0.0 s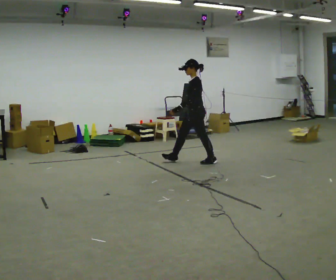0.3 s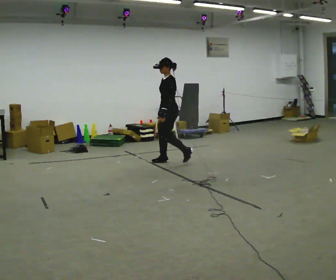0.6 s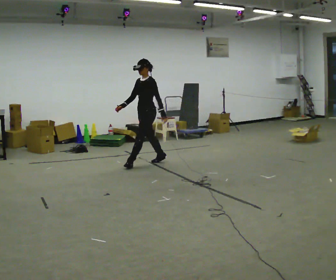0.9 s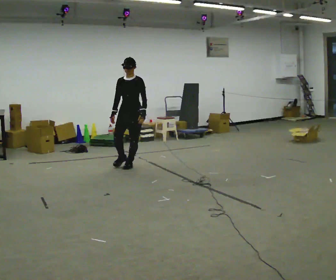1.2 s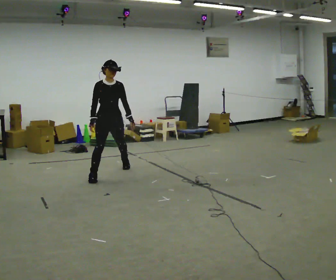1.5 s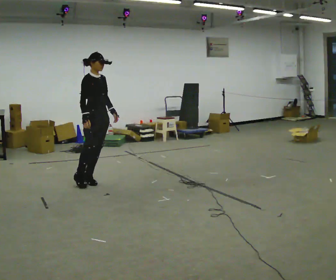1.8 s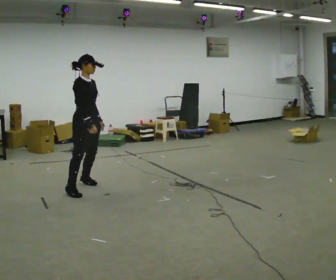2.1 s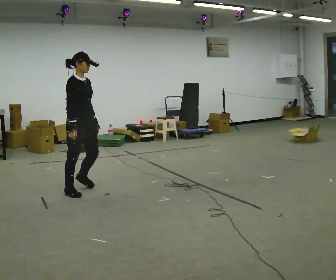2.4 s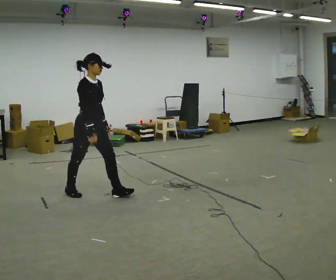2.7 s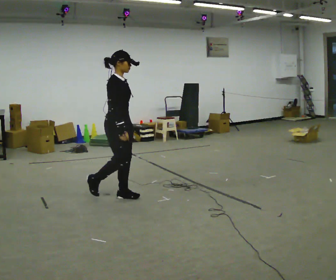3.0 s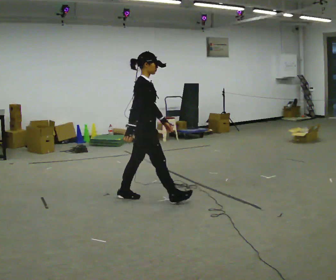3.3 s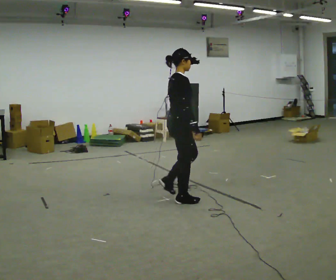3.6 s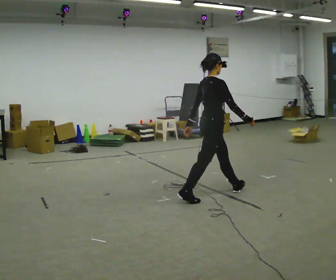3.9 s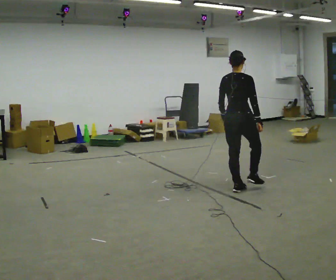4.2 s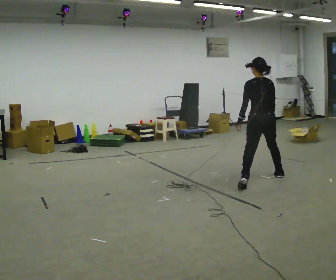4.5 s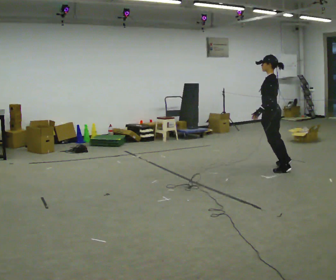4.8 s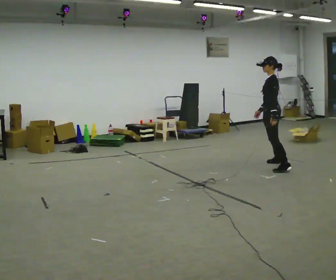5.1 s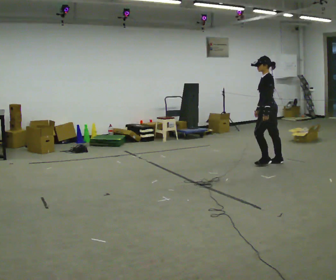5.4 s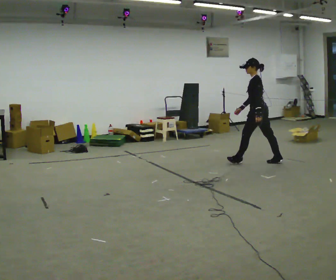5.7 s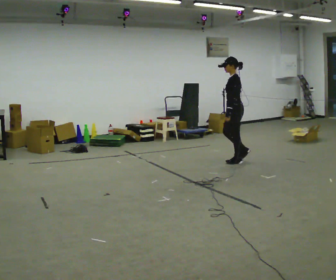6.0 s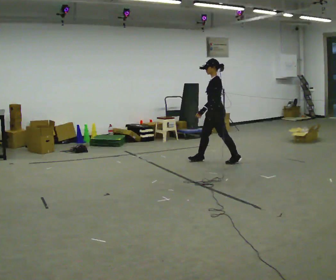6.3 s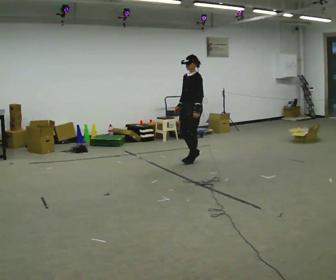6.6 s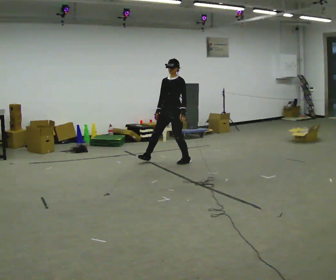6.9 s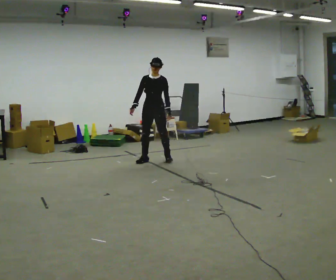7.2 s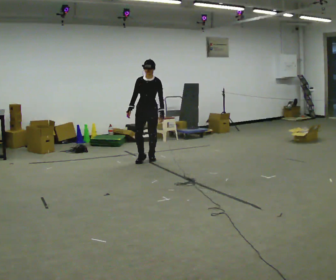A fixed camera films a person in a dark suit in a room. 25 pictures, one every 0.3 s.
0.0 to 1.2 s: The part of the body nearest the lens slides to the right as the person turns to their left by about 105 degrees. In the picture they go to the left and toward the camera, about 1.5 m in 3 steps.
1.2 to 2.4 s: The person turns about 45 degrees to their left, counterclockwise seen from above, so the part of the body nearest the lens slides to the right. In the picture they go toward the camera, about 1 m in 2 steps, which for them is to their right.
2.4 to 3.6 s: The person turns about 45 degrees to their left, counterclockwise seen from above, so the part of the body nearest the lens slides to the right. In the picture they go to the right, about 1.5 m in 3 steps, which for them is forward.
3.6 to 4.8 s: The part of the body nearest the lens slides to the right as the person turns to their left by about 135 degrees. In the picture they go away from the camera and to the right, about 1.5 m in 2 steps.
4.8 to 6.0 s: In the picture they go to the left, about 1 m in 2 steps, which for them is forward.
6.0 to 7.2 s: The part of the body nearest the lens slides to the right as the person turns to their left by about 75 degrees. In the picture they go to the left, about 1 m in 3 steps.
The film runs forward here.
